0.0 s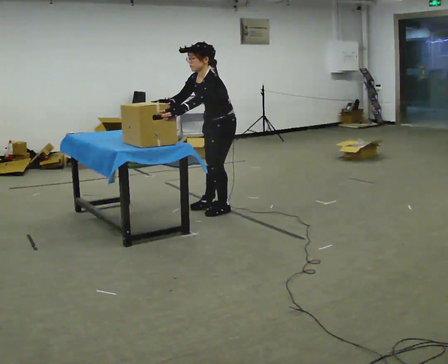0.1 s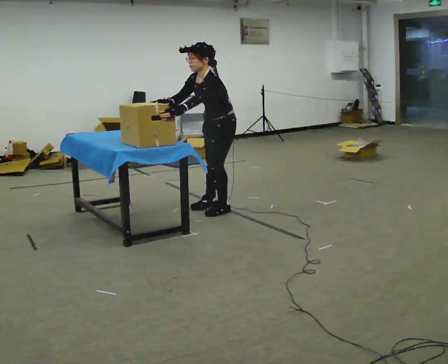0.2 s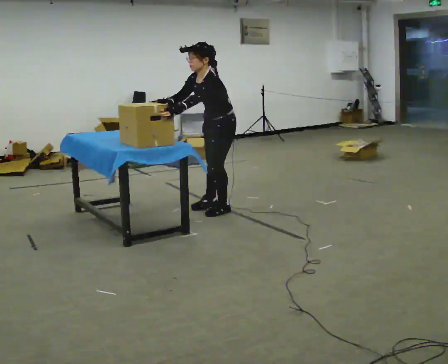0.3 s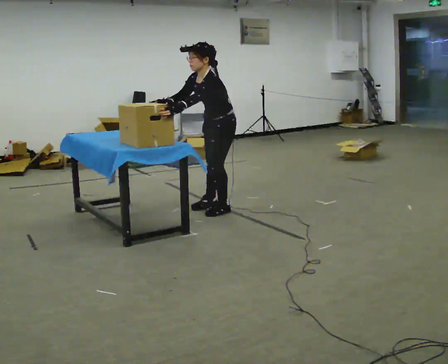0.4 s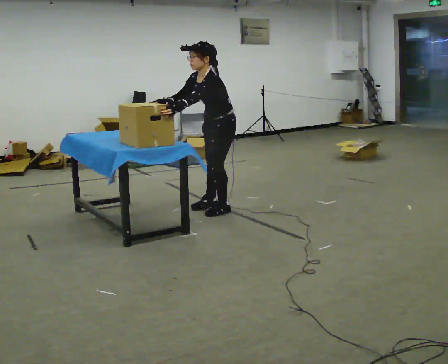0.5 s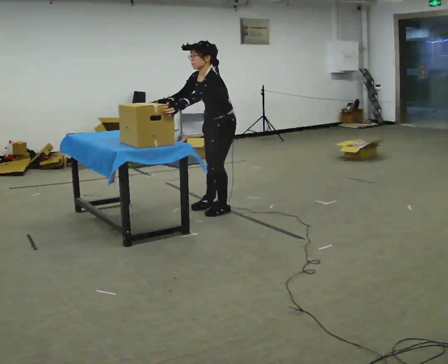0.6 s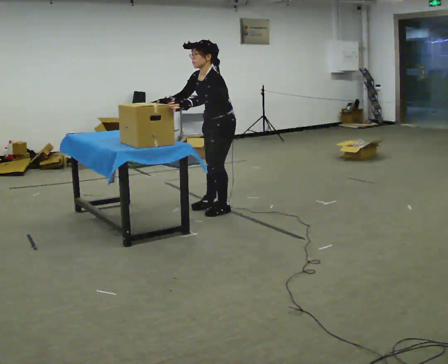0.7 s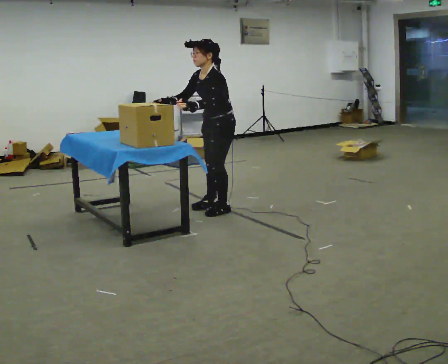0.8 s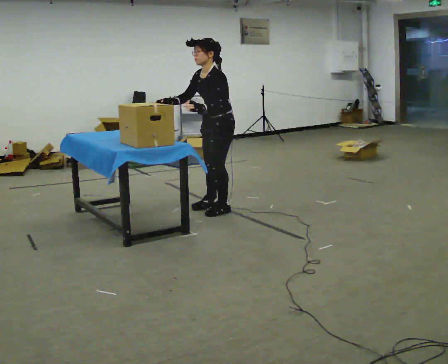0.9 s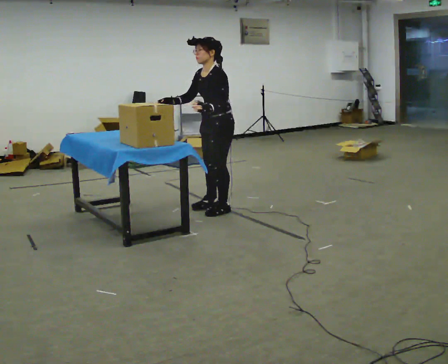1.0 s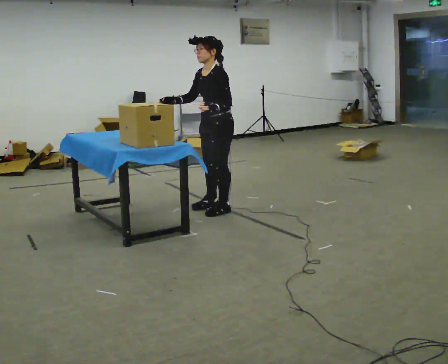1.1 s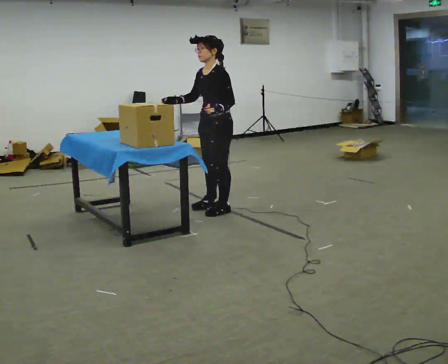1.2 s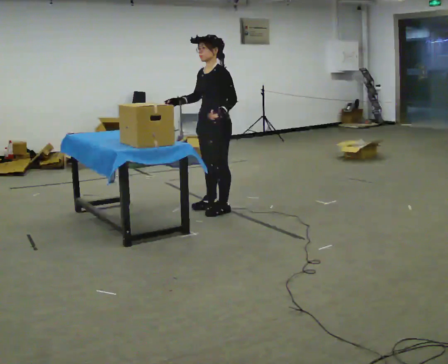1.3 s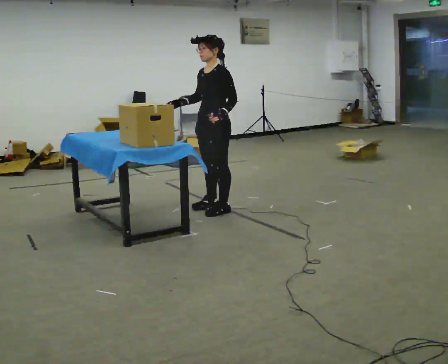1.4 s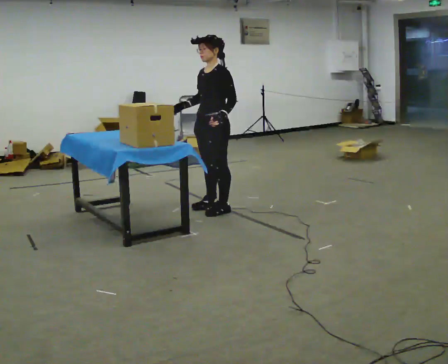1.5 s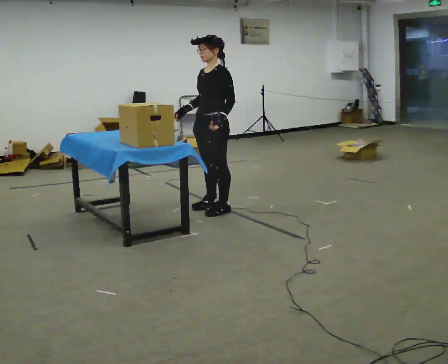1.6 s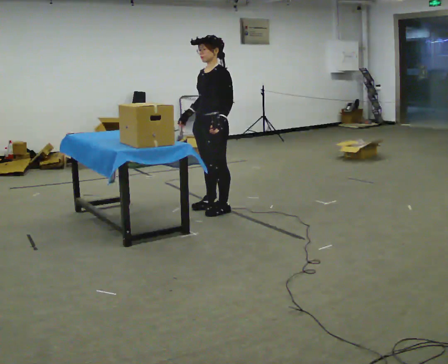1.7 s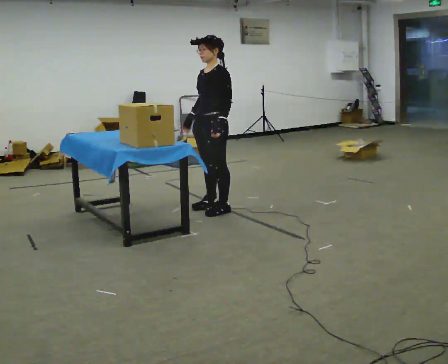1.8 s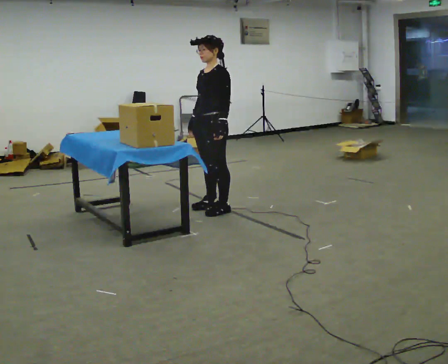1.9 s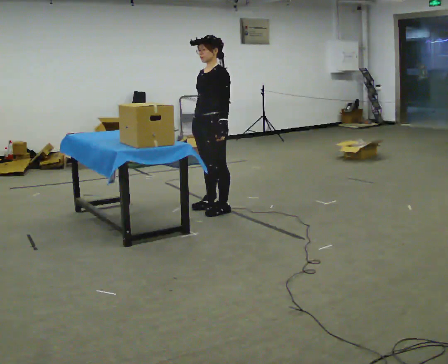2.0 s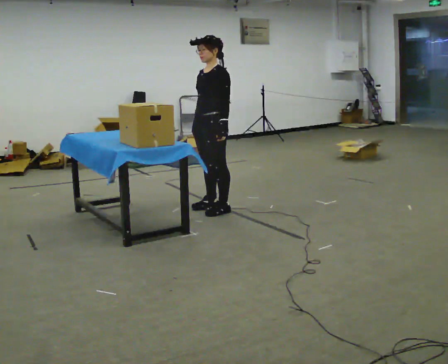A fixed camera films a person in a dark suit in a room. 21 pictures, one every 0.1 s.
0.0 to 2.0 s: The upper body tips away from the camera, its near side rolling upward, as they lean back or straighten.
The film runs forward here.
